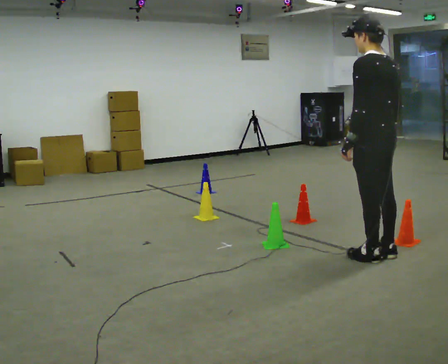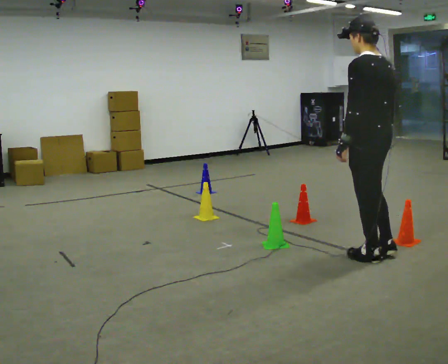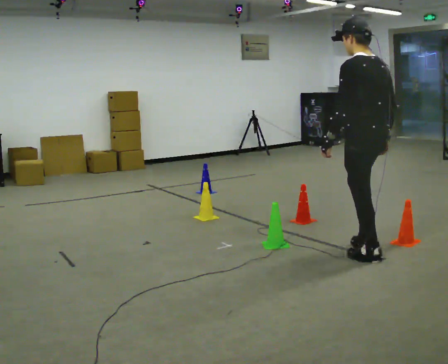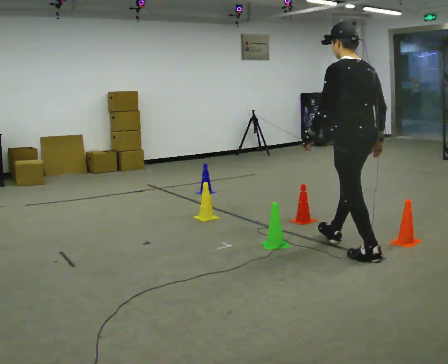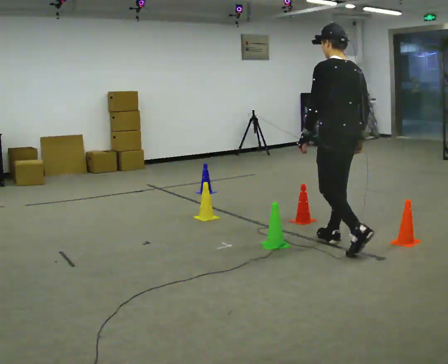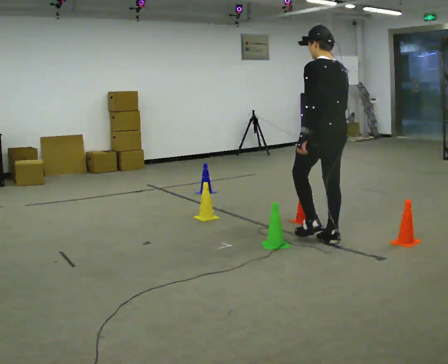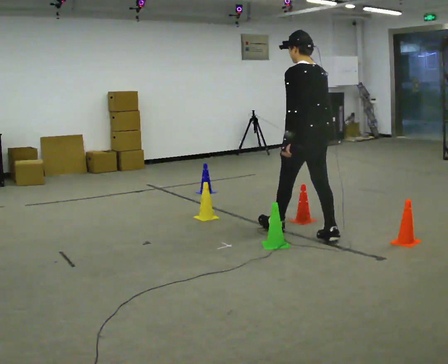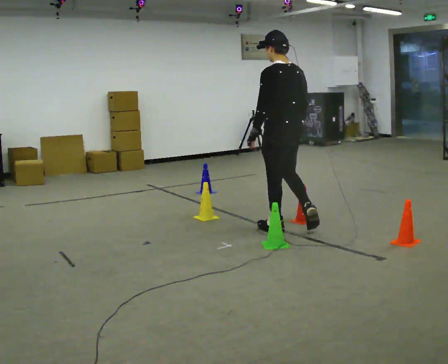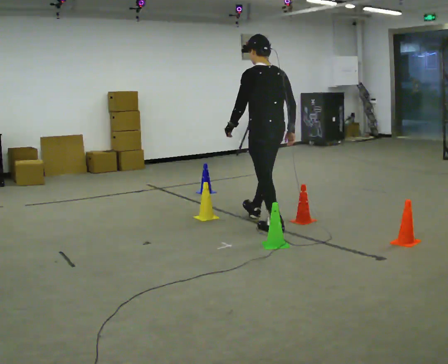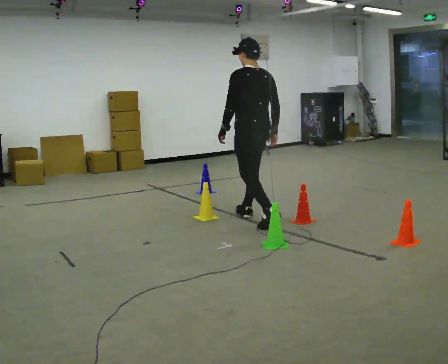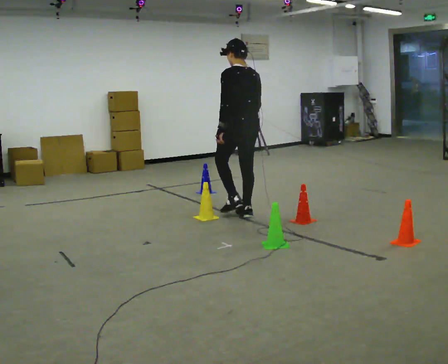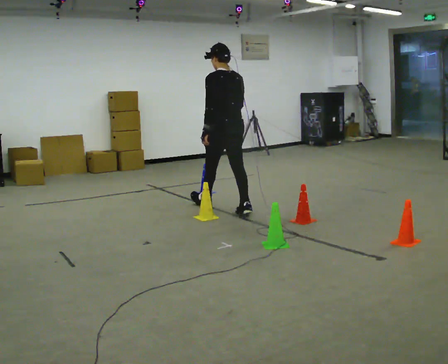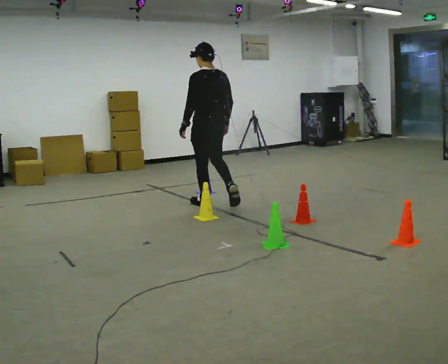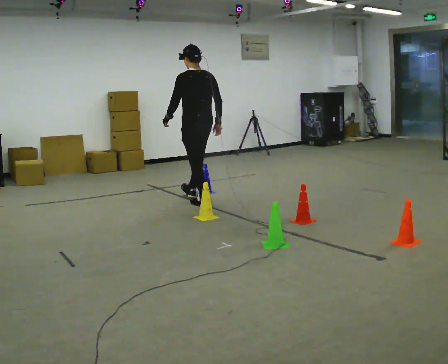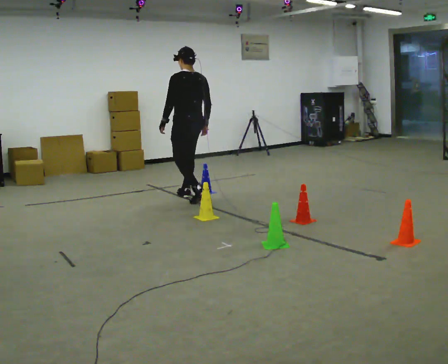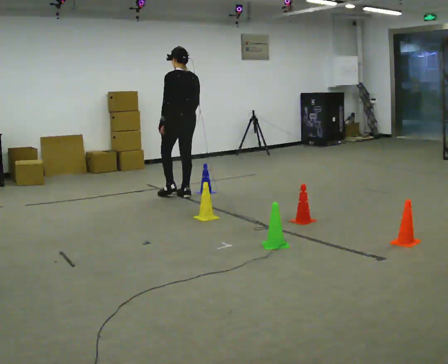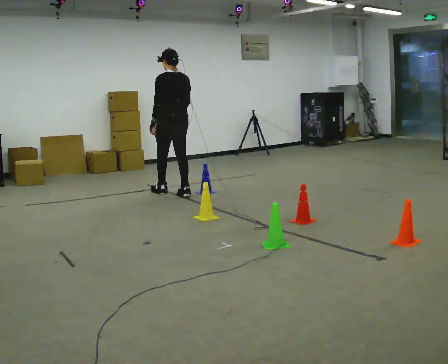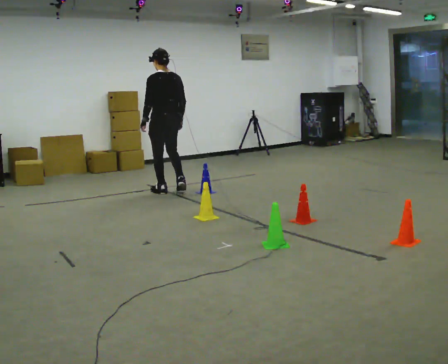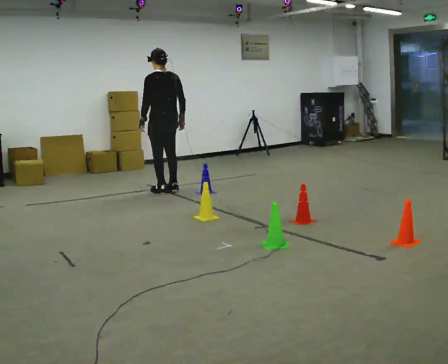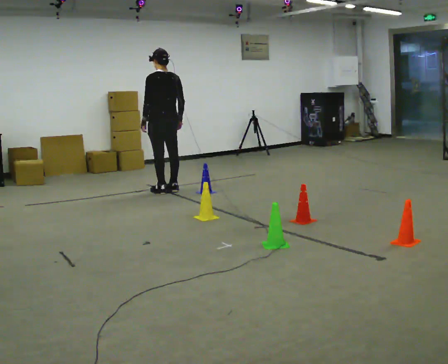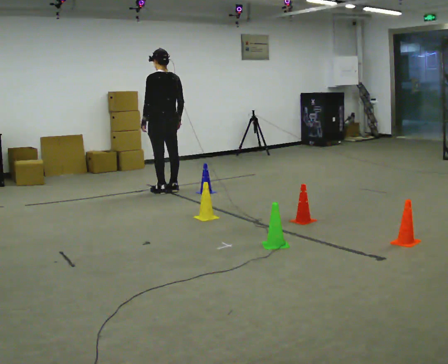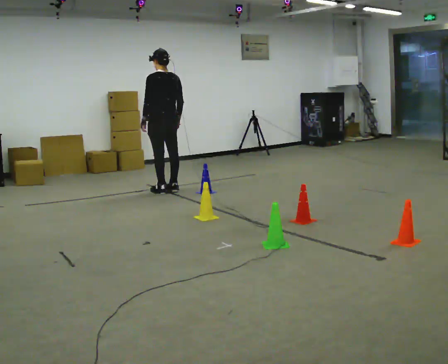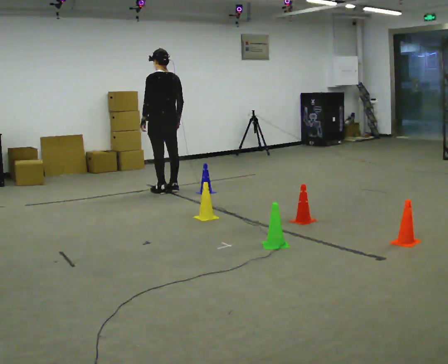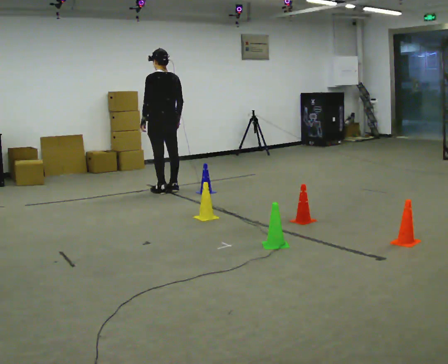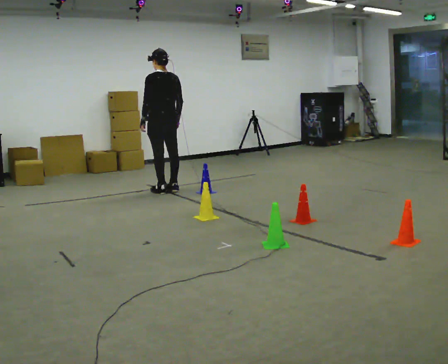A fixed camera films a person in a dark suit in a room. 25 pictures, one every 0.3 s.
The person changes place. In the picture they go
away from the camera.
0.0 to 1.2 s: In the picture they go away from the camera and to the left, about 0.5 m in 1 step, which for them is forward.
1.2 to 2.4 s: In the picture they go away from the camera and to the left, about 1 m in 1 step, which for them is forward.
2.4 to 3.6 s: In the picture they go away from the camera and to the left, about 1 m in 2 steps, which for them is forward.
3.6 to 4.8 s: In the picture they go away from the camera and to the left, about 1 m in 2 steps, which for them is forward.
4.8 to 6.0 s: In the picture they go away from the camera, about 0.25 m in 1 step, which for them is forward.
6.0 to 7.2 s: The person keeps their place and pose.
The film runs forward here.
